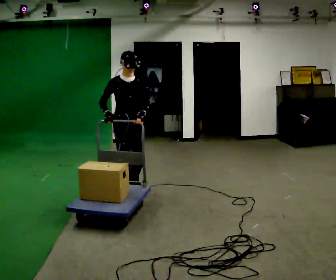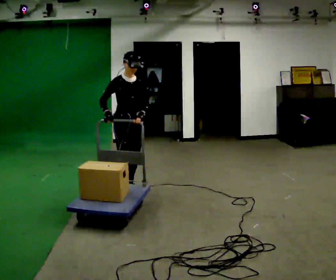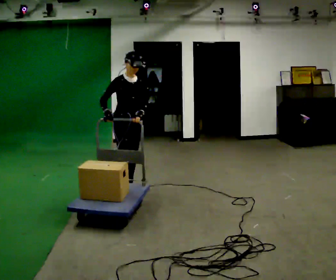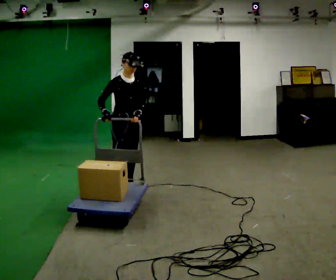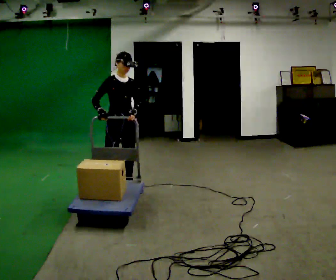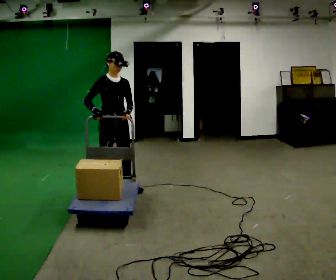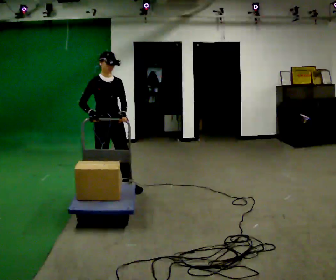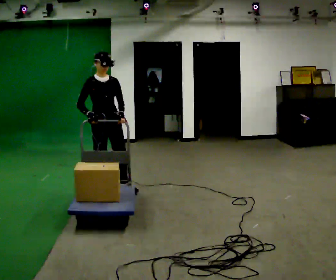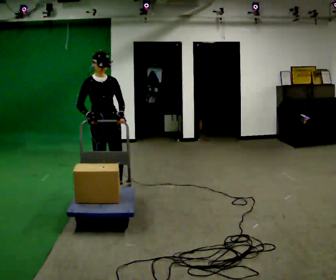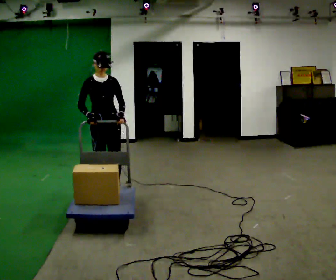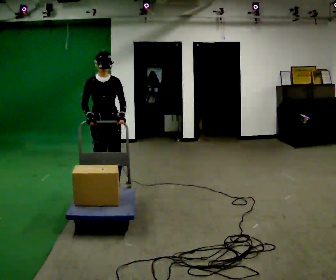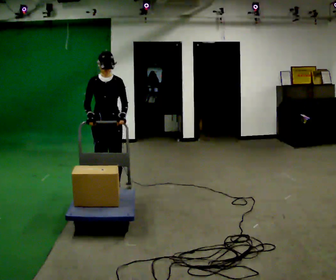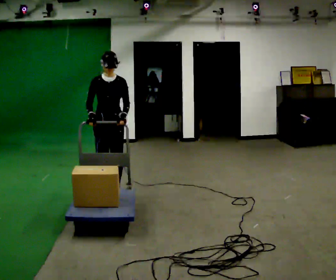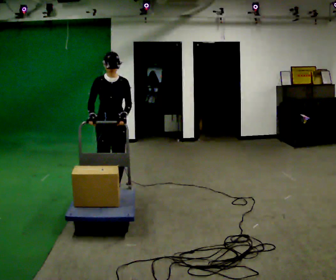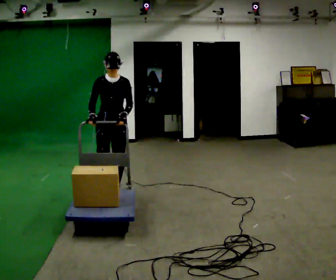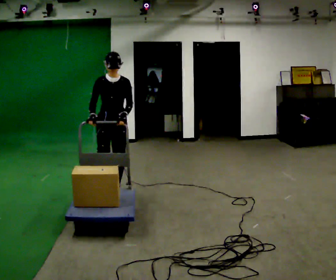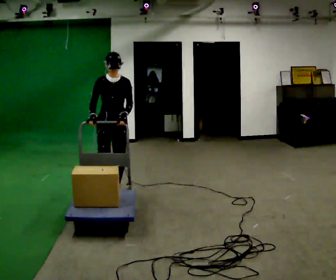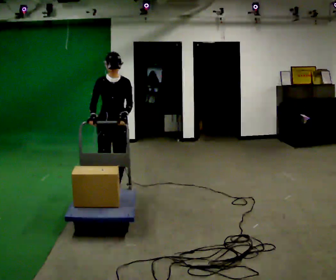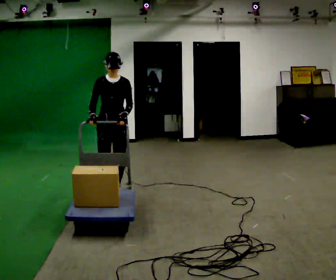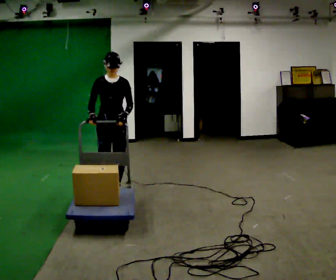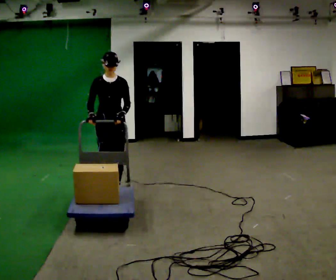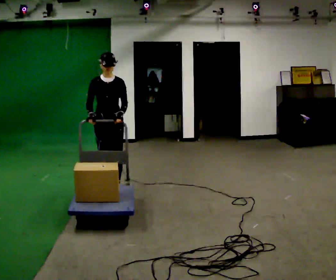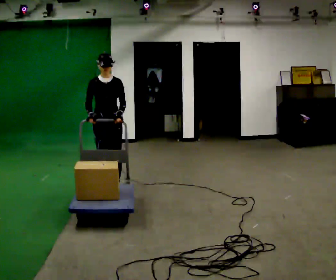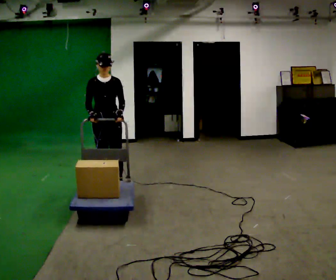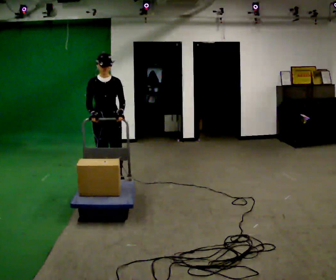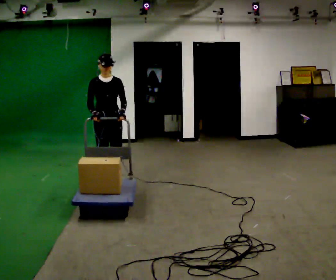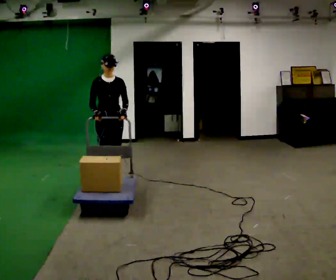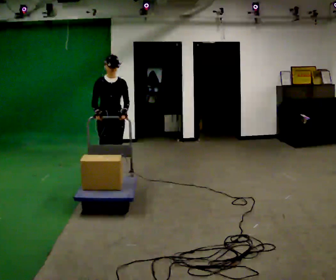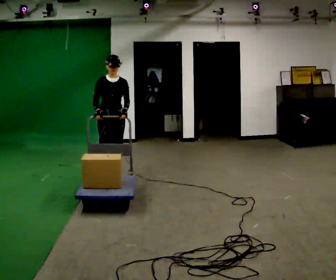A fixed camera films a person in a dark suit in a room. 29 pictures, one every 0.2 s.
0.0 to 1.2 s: In the picture they go to the left, about 0.25 m in 1 step, which for them is backward and to their right.
1.2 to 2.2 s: Seen from above the body turns clockwise, about 30 degrees: to their right, with its near side sliding to the left.
2.2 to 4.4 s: The person moves a little, or ends about where they began.
4.4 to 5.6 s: In the picture they go away from the camera, about 0.5 m in 2 steps, which for them is backward.
The film runs backward here.
